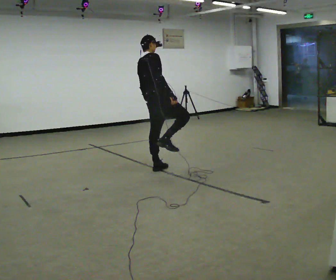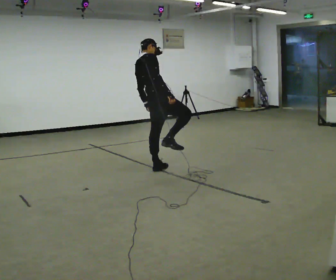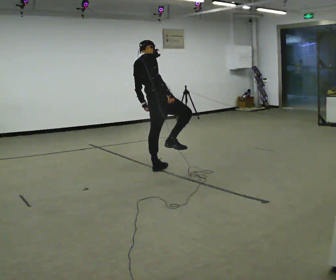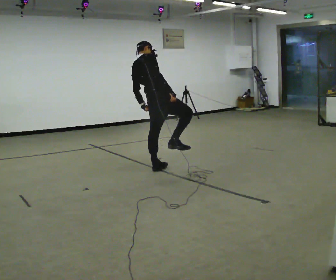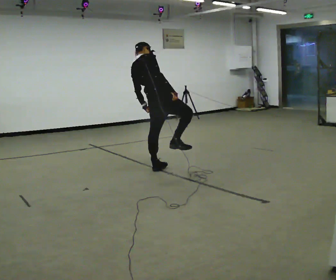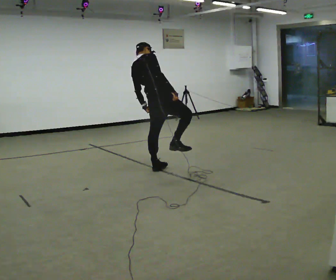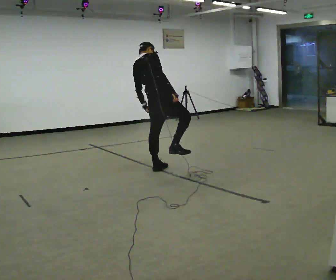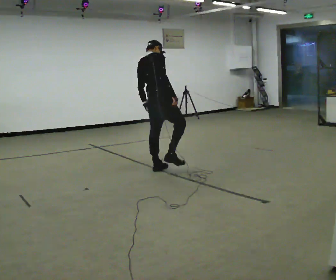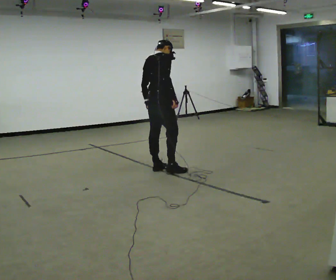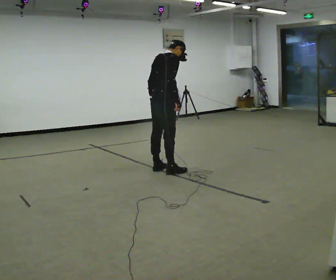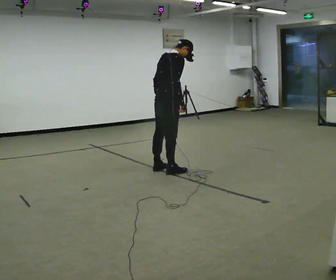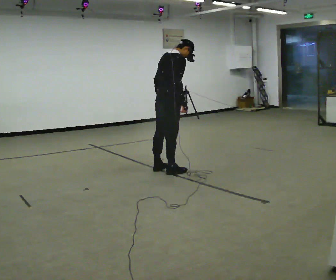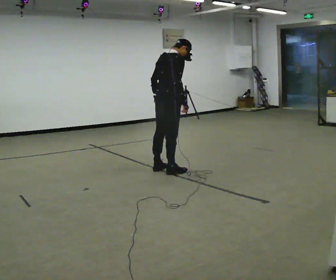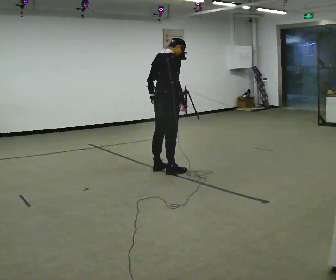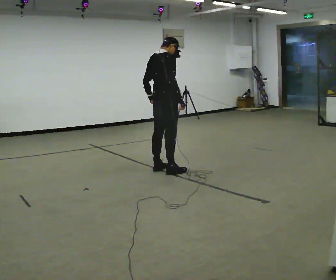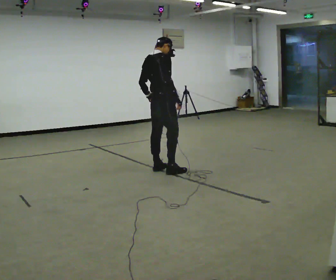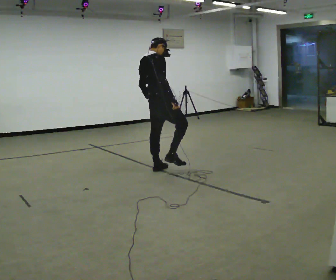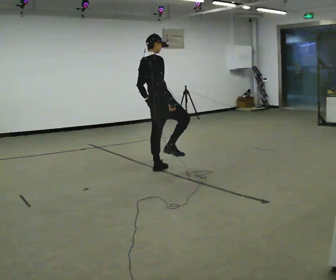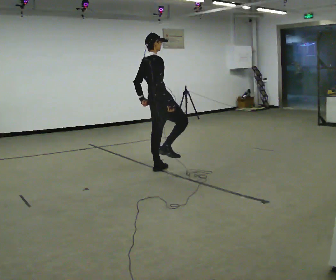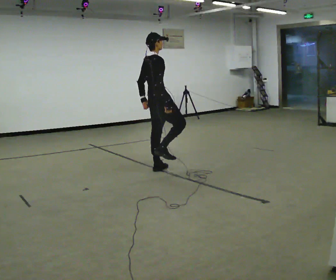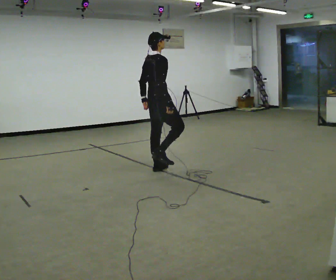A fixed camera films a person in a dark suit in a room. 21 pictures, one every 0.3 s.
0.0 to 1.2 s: In the picture the upper body tilts counterclockwise, shoulders to the left.
1.2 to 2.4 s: In the picture the upper body tilts clockwise, shoulders to the right, as they bend forward.
2.4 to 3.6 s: The person moves a little, or ends about where they began.
3.6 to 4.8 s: In the picture the upper body tilts counterclockwise, shoulders to the left, as they lean back or straighten.
4.8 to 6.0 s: The person moves a little, or ends about where they began.
The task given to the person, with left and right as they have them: Stand on one foot on the marked spot, on the side the operator calls. Hold it until you genuinely lose your balance, then put the other foot down. Repeat at your own pace until the operator says stop. Go slowly and only as far as you are comfortable. Step whenever you need to; do not try to hold on longer than feels safe.
The film runs forward here.
